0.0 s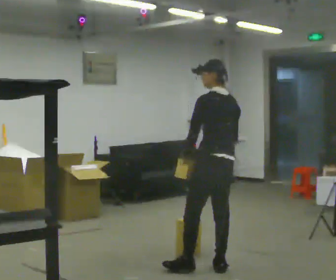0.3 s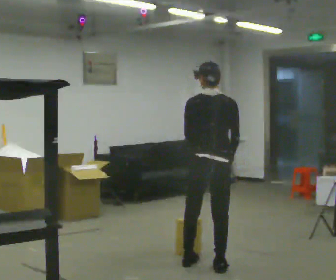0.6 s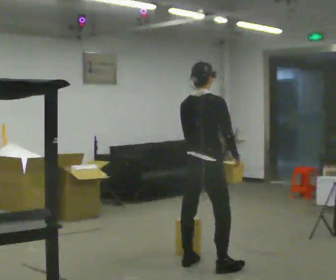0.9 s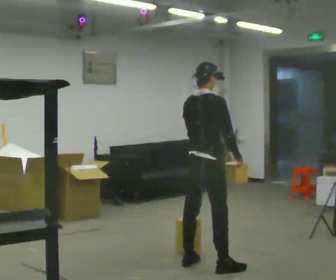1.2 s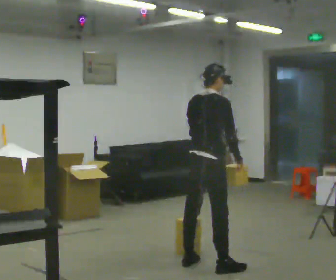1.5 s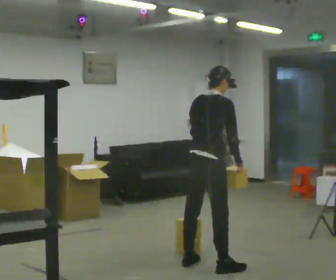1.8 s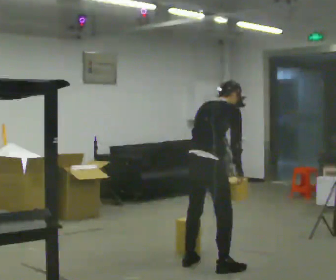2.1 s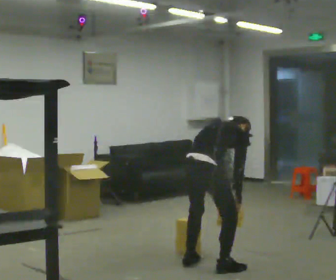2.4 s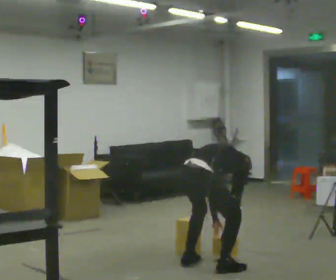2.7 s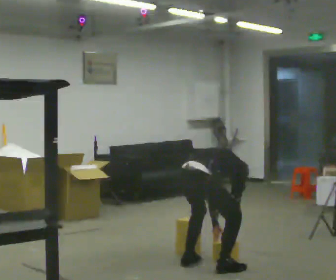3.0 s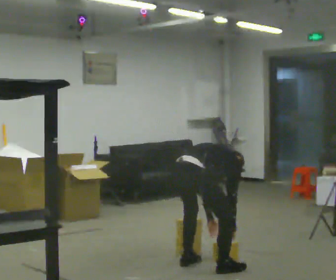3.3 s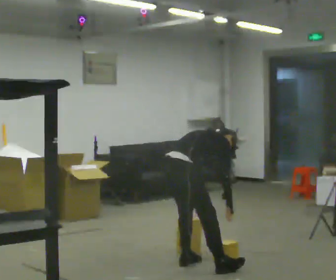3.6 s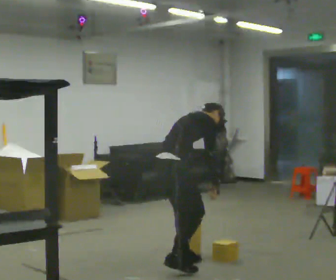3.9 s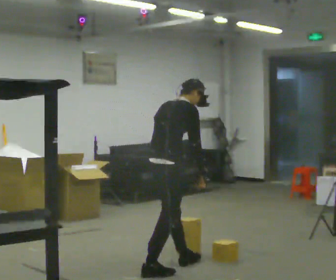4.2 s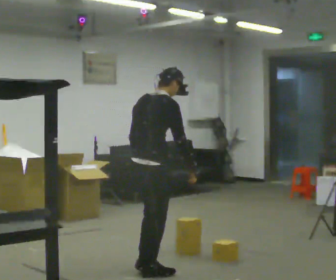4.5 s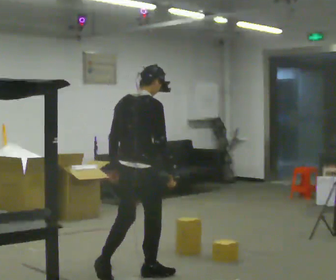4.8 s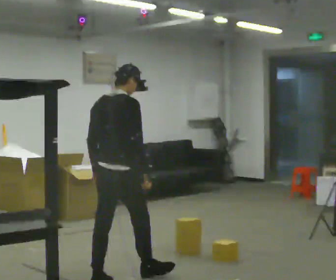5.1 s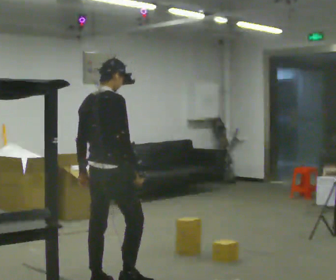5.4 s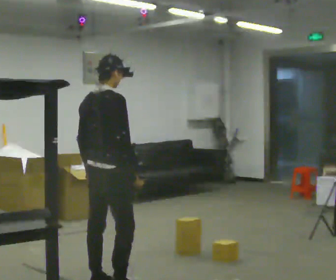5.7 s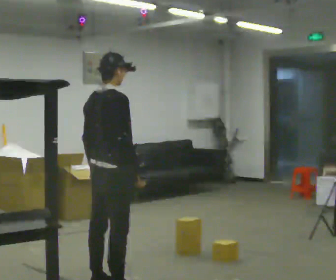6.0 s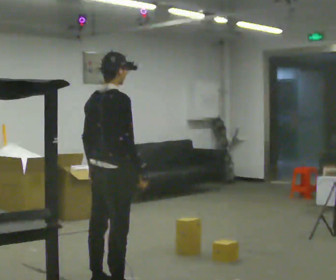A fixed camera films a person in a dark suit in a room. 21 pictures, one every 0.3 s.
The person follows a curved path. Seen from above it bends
counterclockwise.
0.0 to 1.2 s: Seen from above the body turns clockwise, about 75 degrees: to their right, with its near side sliding to the left.
1.2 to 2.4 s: The upper body goes downward. The upper body tips away from the camera, its near side rolling upward, as they bend forward. In the picture their left hand goes downward.
2.4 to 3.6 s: In the picture they go to the left, about 0.25 m in 1 step, which for them is to their left. The upper body goes upward. The upper body tips toward the camera, its near side rolling downward, as they lean back or straighten. In the picture their right hand goes upward.
3.6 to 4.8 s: In the picture they go toward the camera and to the left, about 0.5 m in 2 steps, which for them is backward. The upper body goes upward. In the picture the upper body tilts counterclockwise, shoulders to the left, as they lean back or straighten.
4.8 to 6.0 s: In the picture they go toward the camera, about 0.25 m, which for them is backward.
The film runs backward here.
